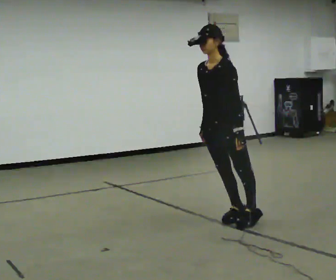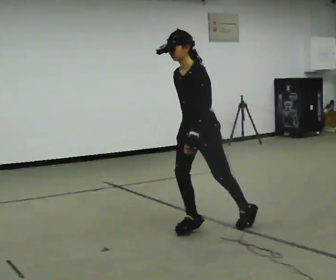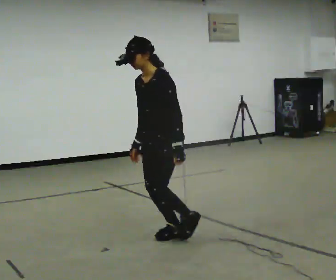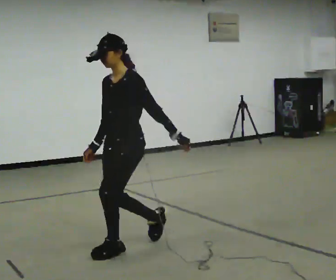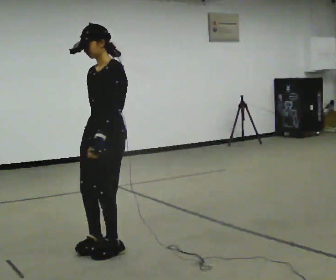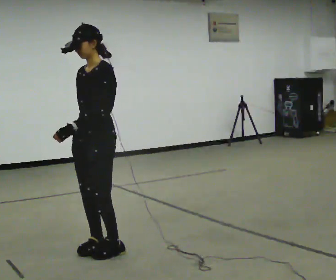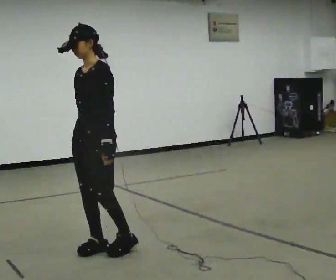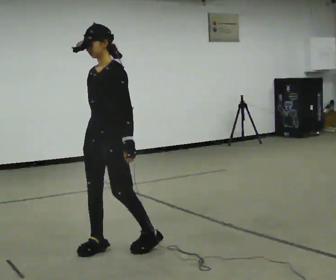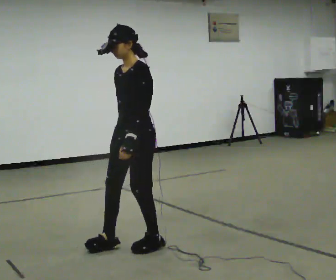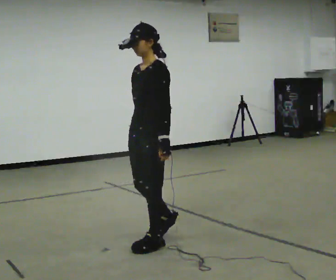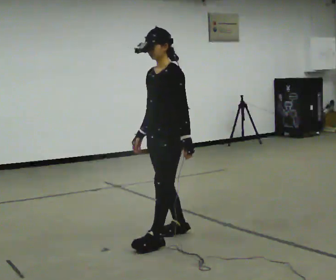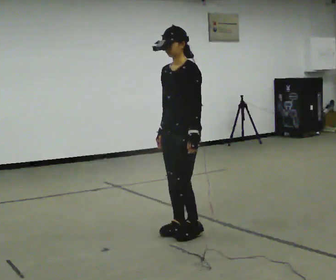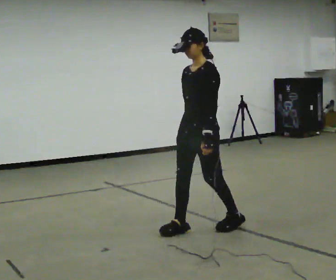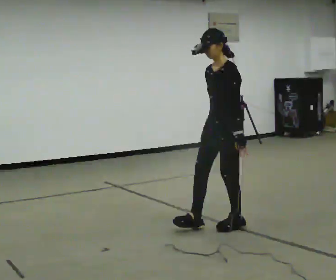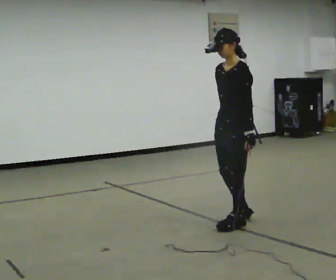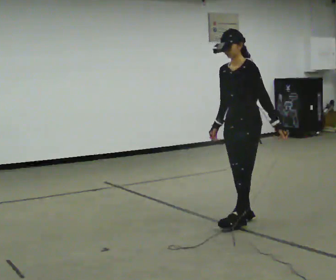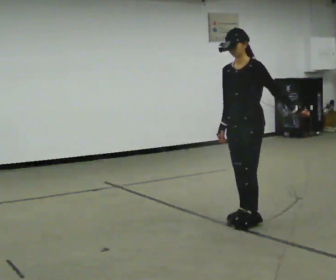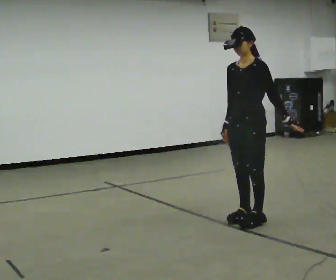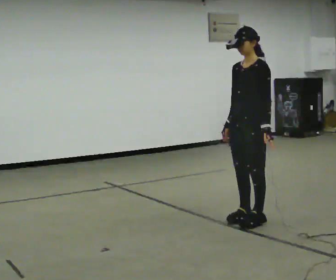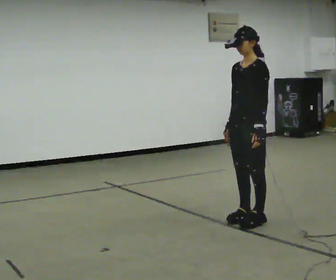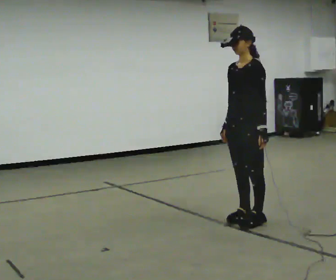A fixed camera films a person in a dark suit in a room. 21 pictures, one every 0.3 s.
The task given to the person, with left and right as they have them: Stand on the marked spots with your feet together. Lean forward from the ankles, keeping your body straight, until you cannot hold it any longer, then step forward to catch yourself. Return to the spots. Repeat at your own pace until the operator says stop. Go slowly and only as far as you are comfortable. Step whenever you need to; do not try to hold on longer than feels safe.
0.0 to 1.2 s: In the picture they go to the left and toward the camera, about 1 m in 3 steps, which for them is forward.
1.2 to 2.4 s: In the picture they go to the right, about 0.25 m in 1 step, which for them is backward.
2.4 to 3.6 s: In the picture they go to the right and away from the camera, about 0.75 m in 2 steps, which for them is backward.
3.6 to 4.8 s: In the picture they go to the right and away from the camera, about 0.5 m in 1 step, which for them is backward.
4.8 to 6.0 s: In the picture their left hand goes to the left.
The film runs forward here.
